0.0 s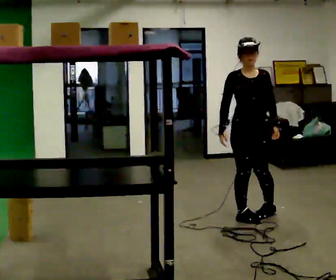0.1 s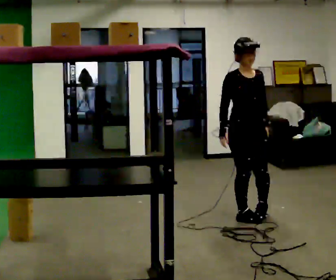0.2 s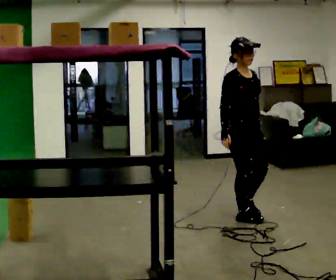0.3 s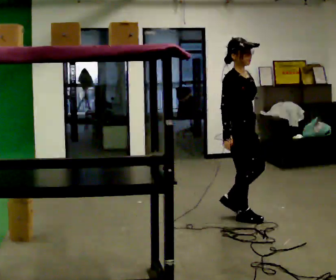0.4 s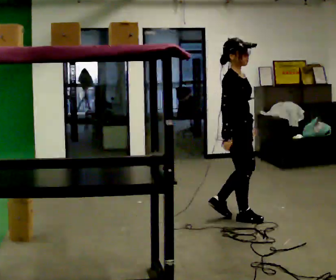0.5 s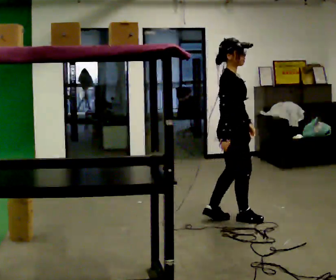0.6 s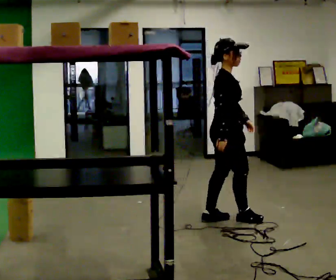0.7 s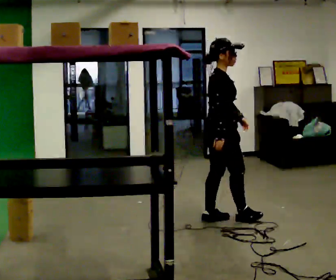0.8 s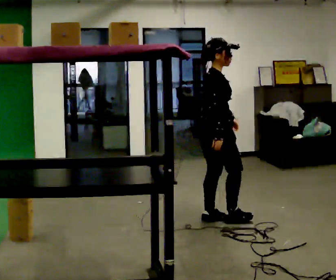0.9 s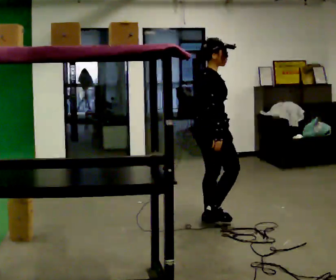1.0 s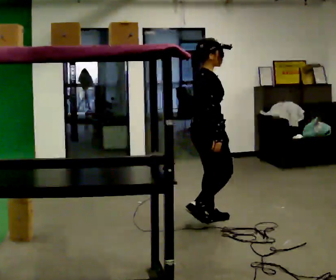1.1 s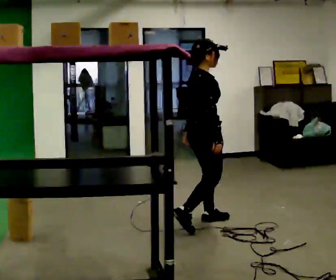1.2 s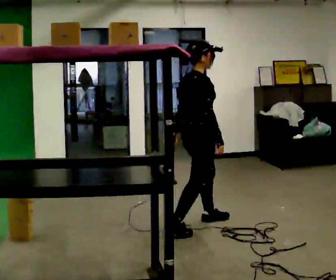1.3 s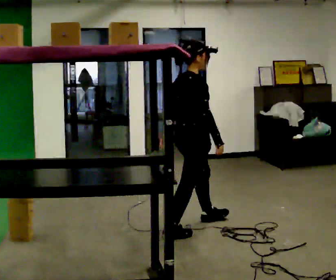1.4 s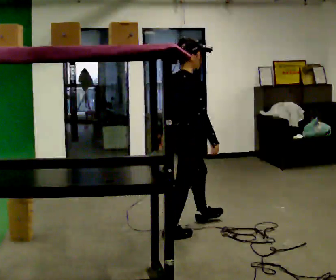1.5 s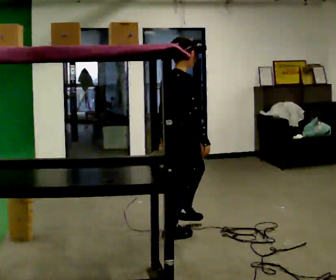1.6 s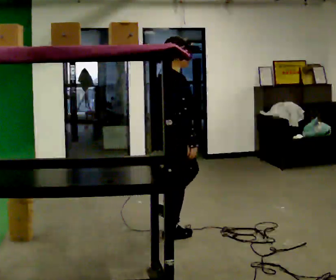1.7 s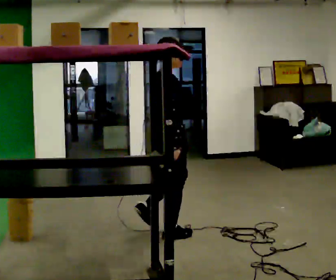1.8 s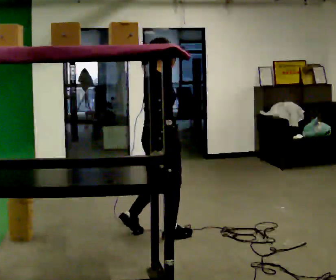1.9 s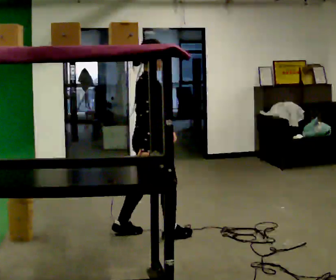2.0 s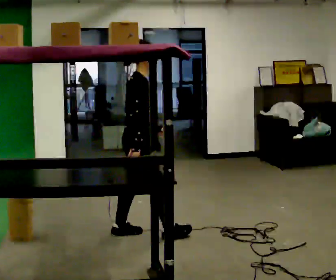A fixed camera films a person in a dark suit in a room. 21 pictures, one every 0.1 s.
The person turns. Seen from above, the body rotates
counterclockwise.
The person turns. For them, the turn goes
to their left.
0.0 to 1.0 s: The part of the body nearest the lens slides to the right as the person turns to their left by about 105 degrees. In the picture they go to the left and toward the camera, about 0.5 m in 2 steps.
1.0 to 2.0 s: In the picture they go to the left and toward the camera, about 0.5 m in 1 step, which for them is backward.
The film runs backward here.
